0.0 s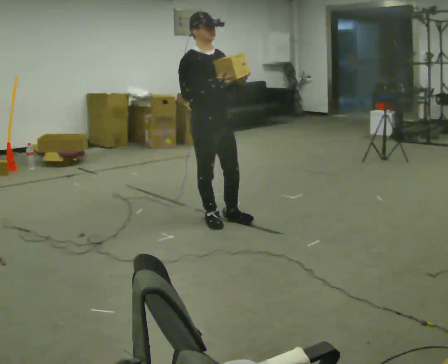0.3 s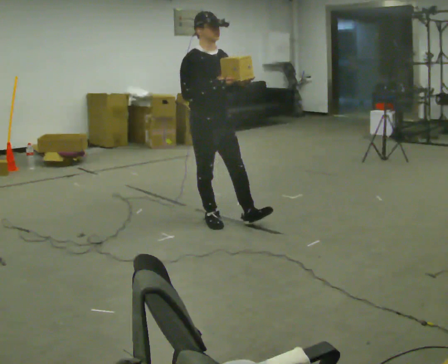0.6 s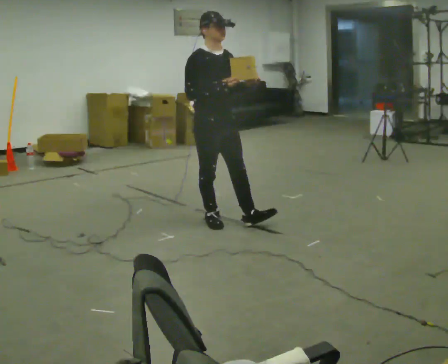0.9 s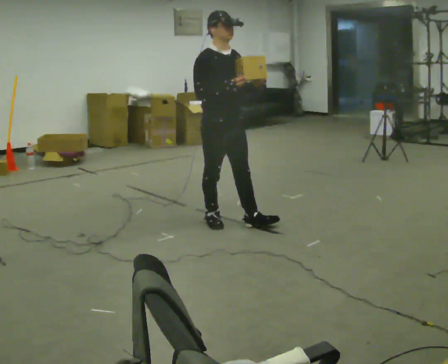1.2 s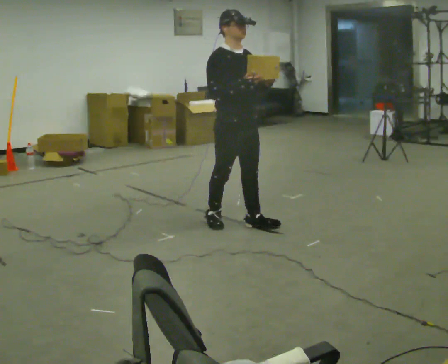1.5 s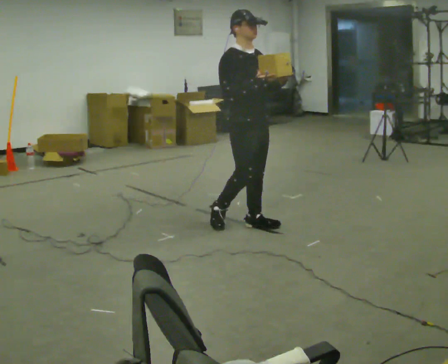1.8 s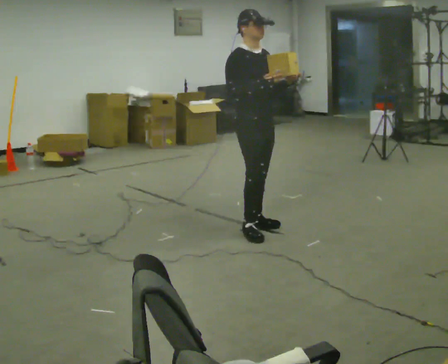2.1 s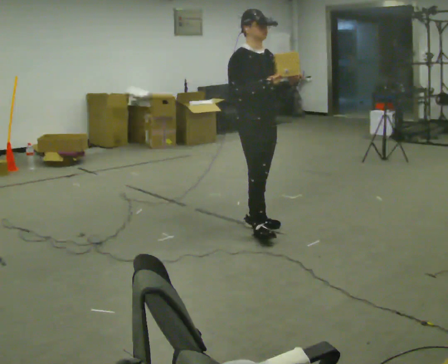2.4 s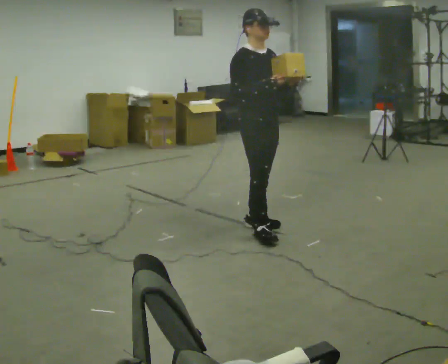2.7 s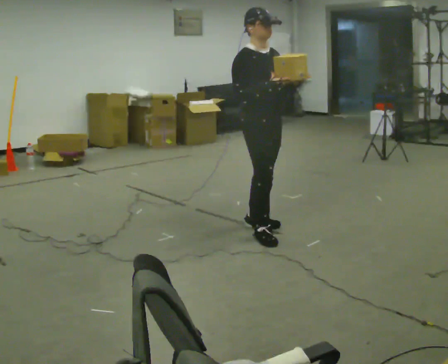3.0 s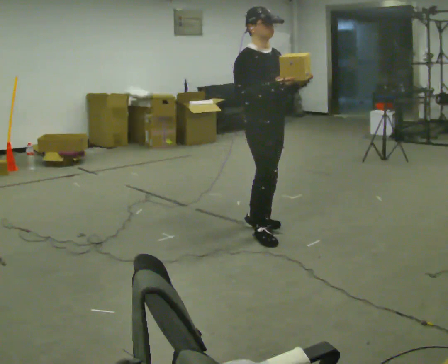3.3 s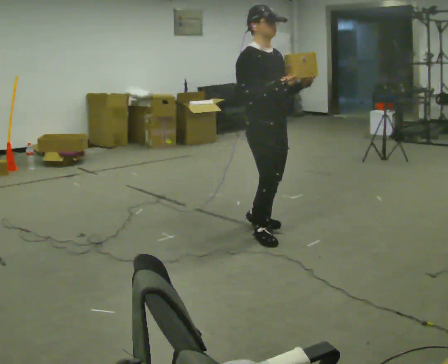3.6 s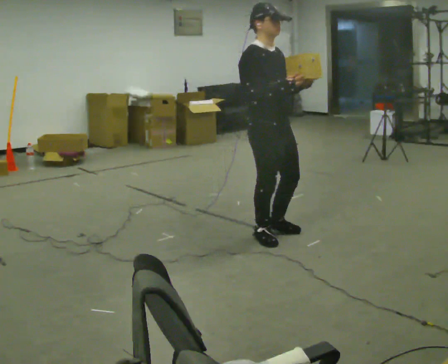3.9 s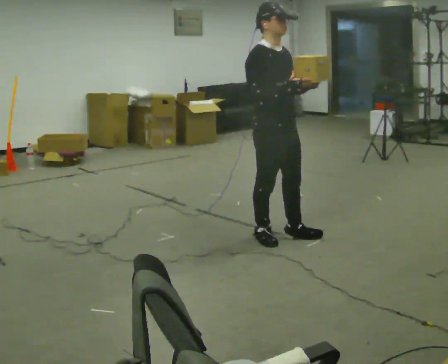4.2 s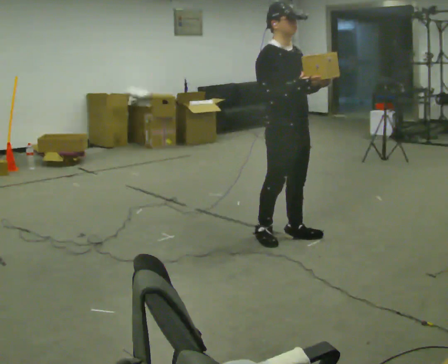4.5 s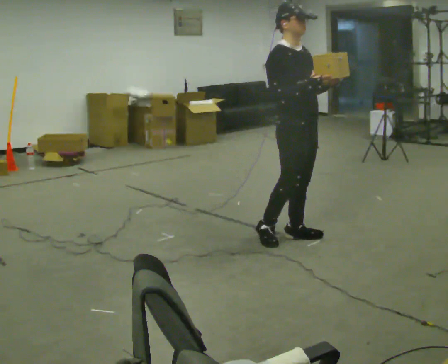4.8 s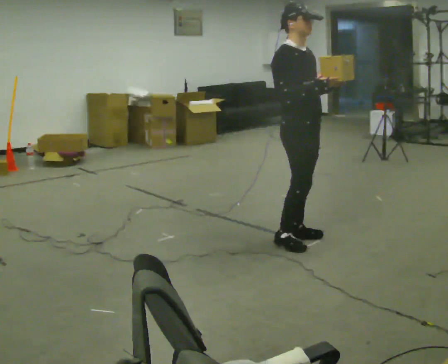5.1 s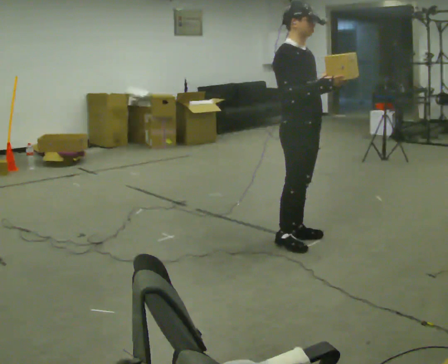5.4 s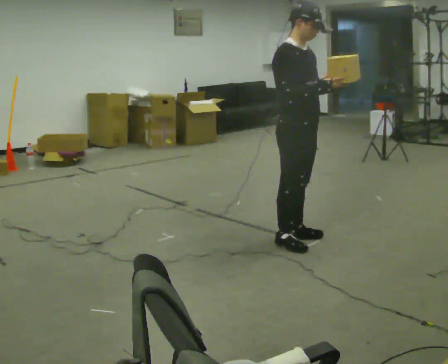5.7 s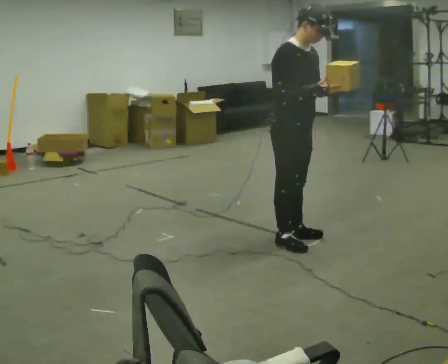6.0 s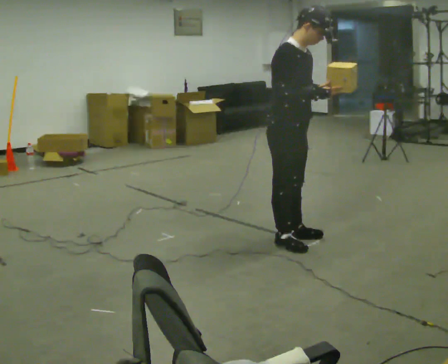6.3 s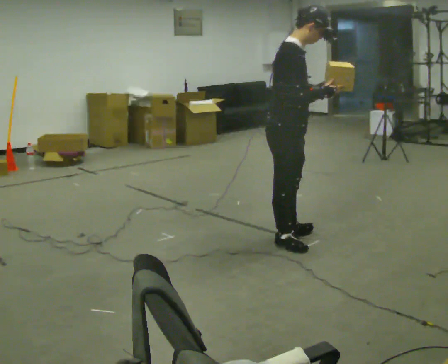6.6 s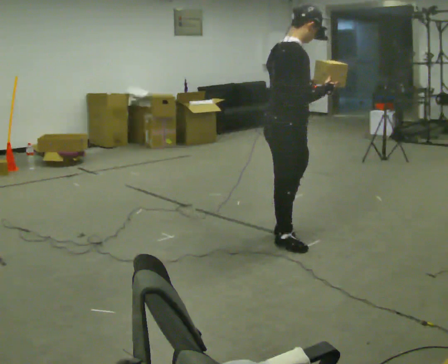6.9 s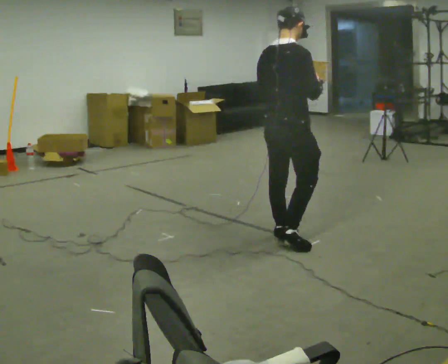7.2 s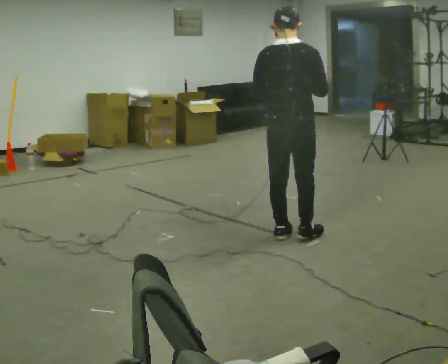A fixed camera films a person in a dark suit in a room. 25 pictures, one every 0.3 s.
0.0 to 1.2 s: In the picture they go to the right, about 0.25 m in 1 step, which for them is forward.
1.2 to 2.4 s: In the picture they go to the right, about 0.25 m in 1 step, which for them is forward.
2.4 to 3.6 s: In the picture they go toward the camera, about 0.25 m, which for them is forward and to their right.
3.6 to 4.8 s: In the picture they go to the right, about 0.25 m in 2 steps, which for them is forward and to their left.
4.8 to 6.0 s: In the picture the upper body tilts clockwise, shoulders to the right, as they bend forward.
6.0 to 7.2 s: Seen from above the body turns counterclockwise, about 105 degrees: to their left, with its near side sliding to the right. In the picture their left hand goes to the left.
The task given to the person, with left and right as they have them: Carry the object and, while walking, turn it over in your hands to look at all sides of it. Keep turning it as you walk.
The film runs forward here.
